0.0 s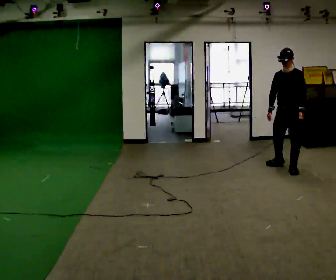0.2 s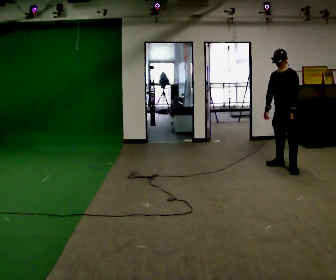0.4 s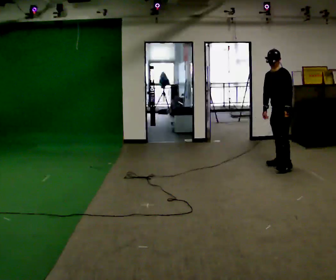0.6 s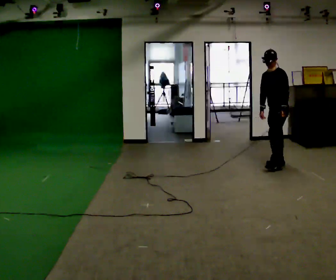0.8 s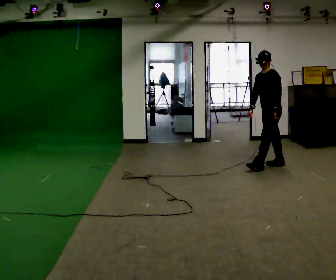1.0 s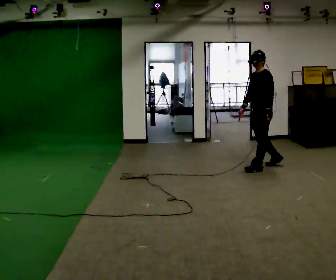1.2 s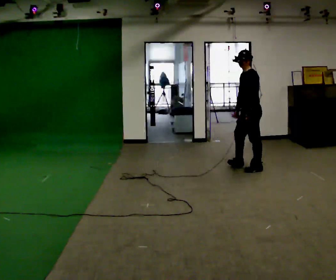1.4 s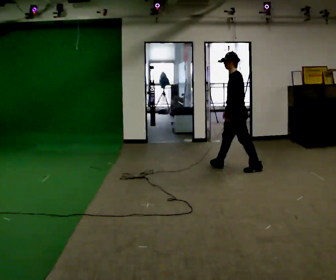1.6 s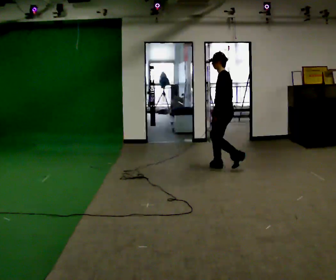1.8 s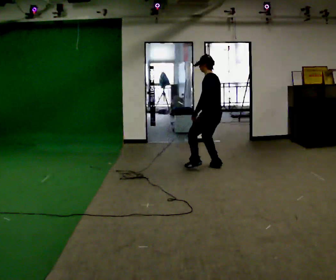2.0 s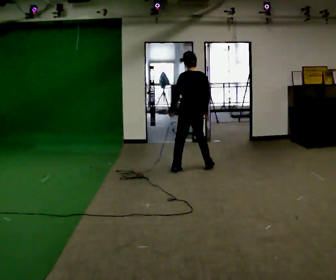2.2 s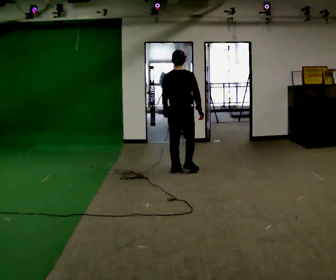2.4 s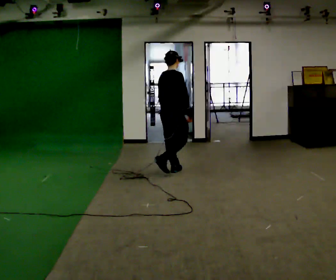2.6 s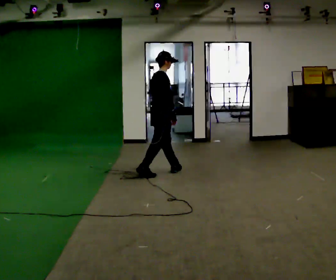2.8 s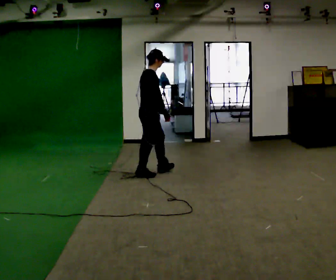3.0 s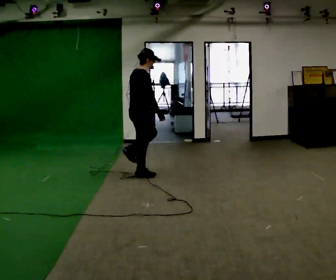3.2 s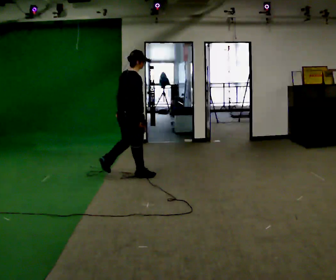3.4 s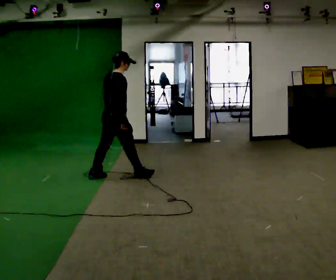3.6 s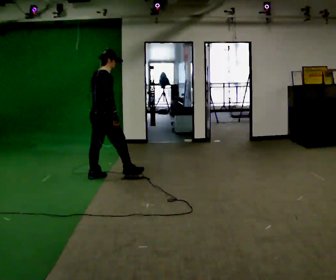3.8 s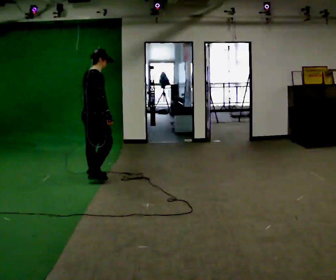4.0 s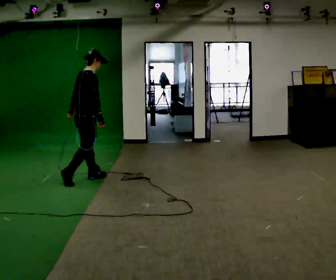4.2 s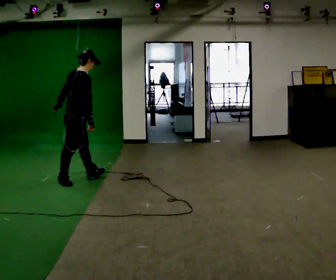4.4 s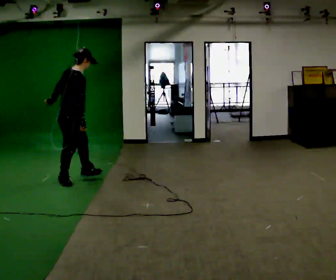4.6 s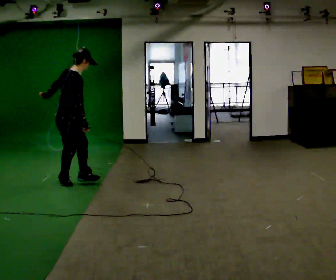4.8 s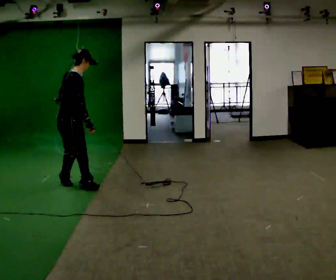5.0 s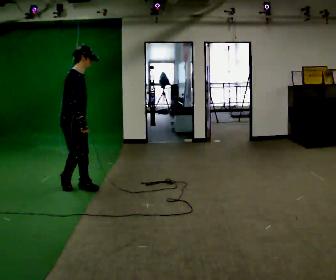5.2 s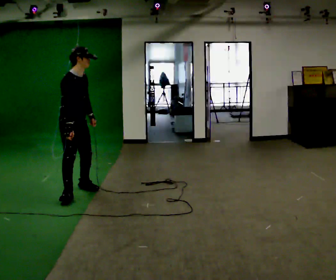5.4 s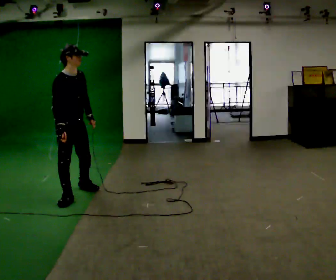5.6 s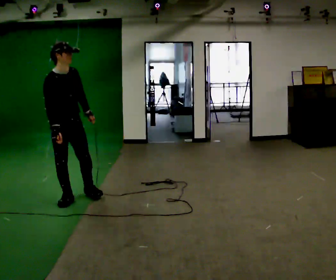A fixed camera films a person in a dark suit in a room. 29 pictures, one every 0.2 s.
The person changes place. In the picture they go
to the left.
The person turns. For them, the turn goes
to their right.
0.0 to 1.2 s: The person turns about 45 degrees to their right, clockwise seen from above, so the part of the body nearest the lens slides to the left. In the picture they go to the left and away from the camera, about 0.5 m in 2 steps, which for them is forward and to their right.
1.2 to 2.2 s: Seen from above the body turns clockwise, about 105 degrees: to their right, with its near side sliding to the left. In the picture they go to the left, about 1 m in 2 steps.
2.2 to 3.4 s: The person turns about 30 degrees to their right, clockwise seen from above, so the part of the body nearest the lens slides to the left. In the picture they go to the left and toward the camera, about 1 m in 1 step, which for them is backward.
3.4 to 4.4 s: In the picture they go to the left and toward the camera, about 0.75 m in 2 steps, which for them is backward.
4.4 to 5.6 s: The person turns about 75 degrees to their right, clockwise seen from above, so the part of the body nearest the lens slides to the left. In the picture they go toward the camera, about 0.5 m in 2 steps. In the picture the upper body tilts counterclockwise, shoulders to the left.
The film runs backward here.
